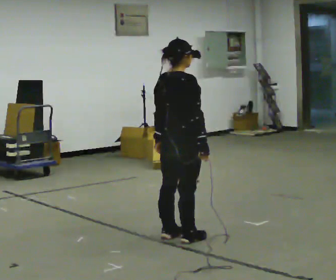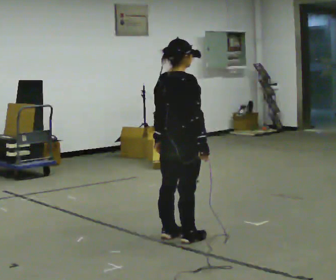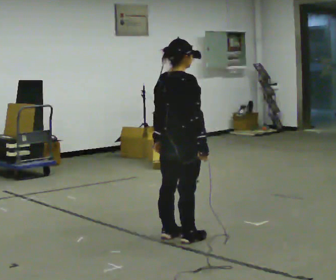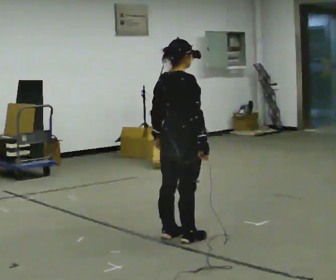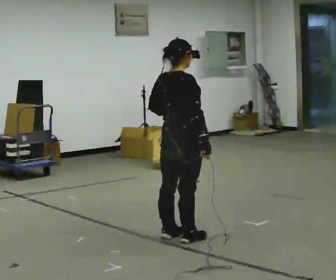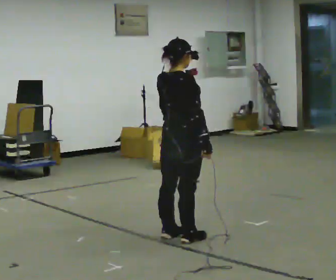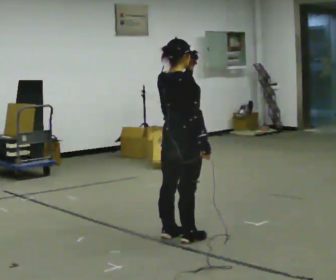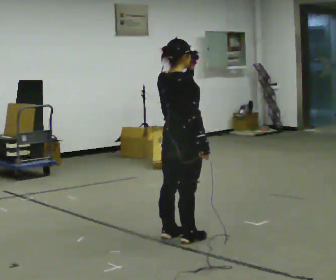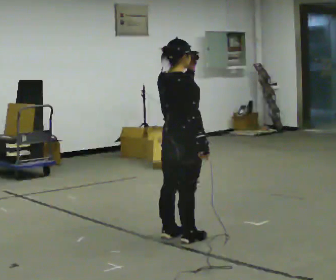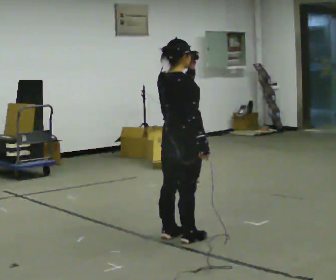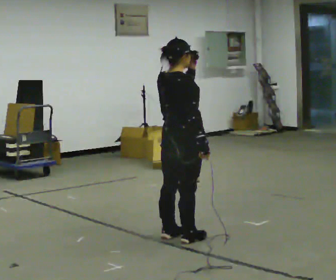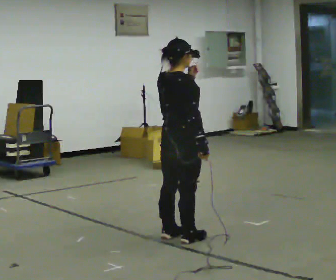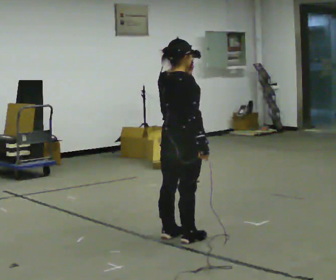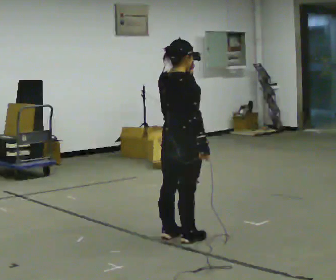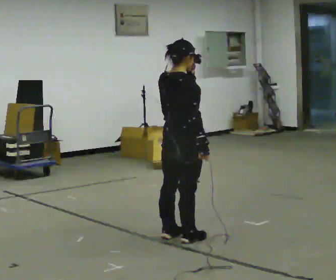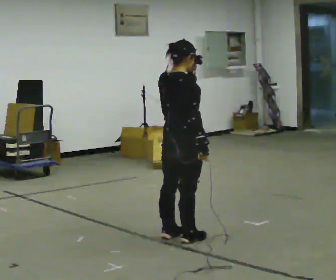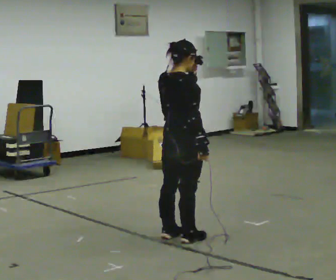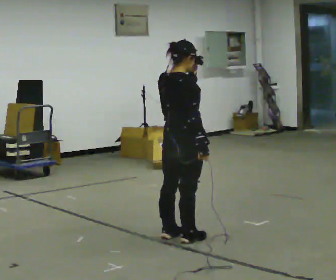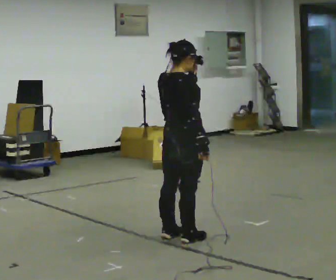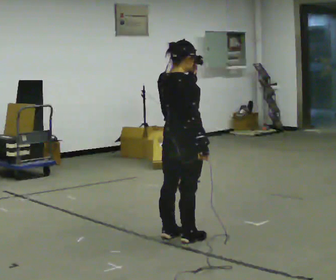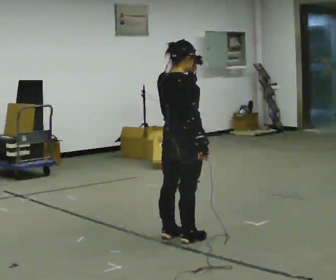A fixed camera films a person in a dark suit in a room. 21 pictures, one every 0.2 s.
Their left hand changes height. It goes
upward.
0.0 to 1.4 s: In the picture their left hand goes upward.
1.4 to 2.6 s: The person moves a little, or ends about where they began.
2.6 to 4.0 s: The person keeps their place and pose.
The film runs forward here.
